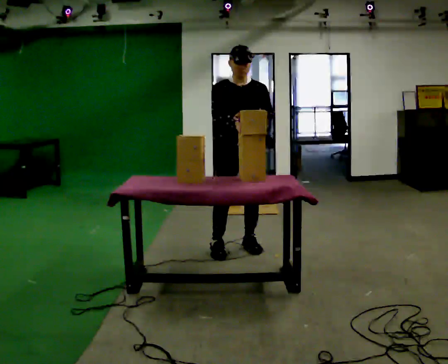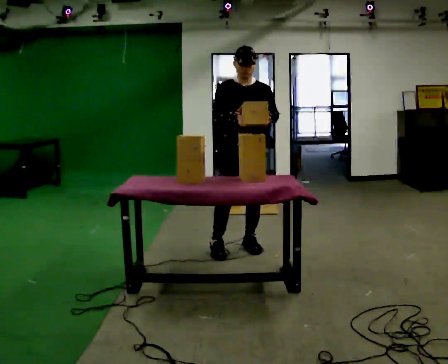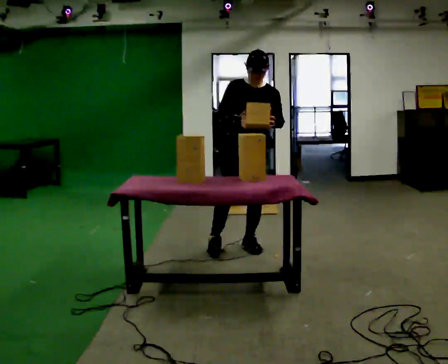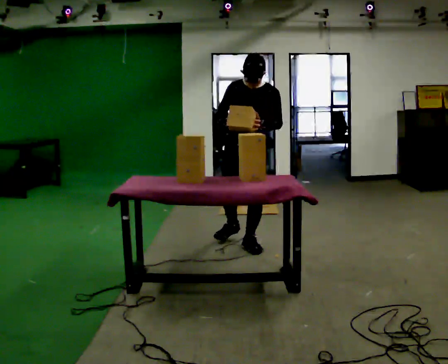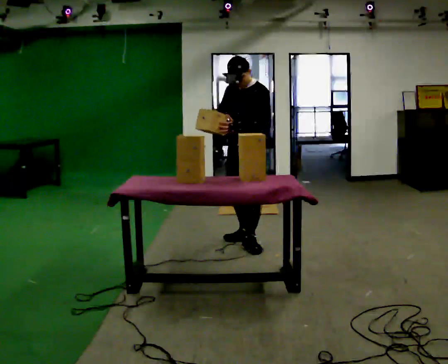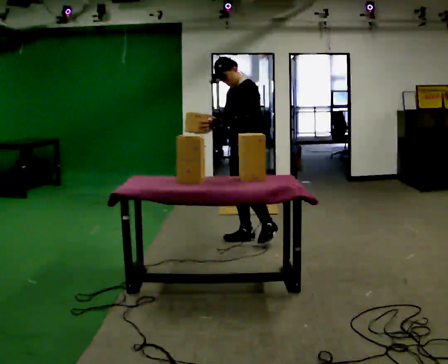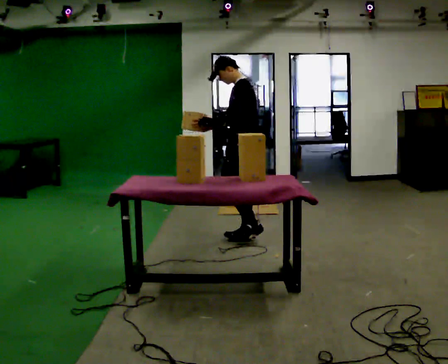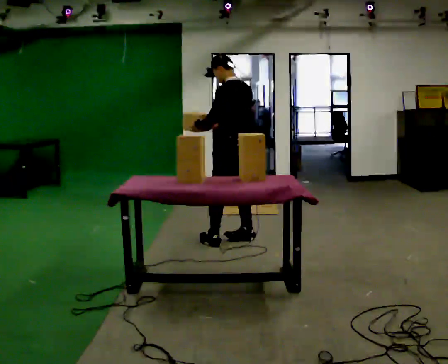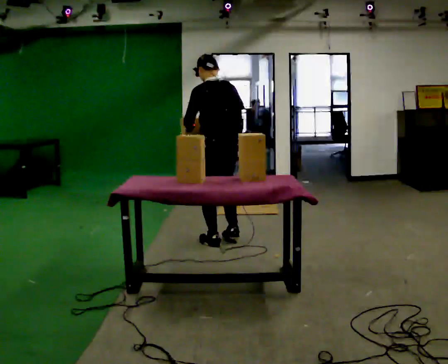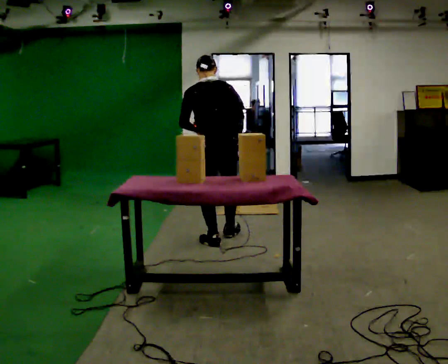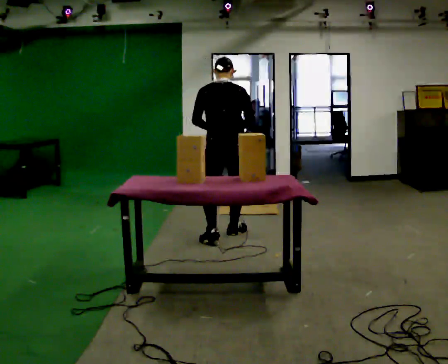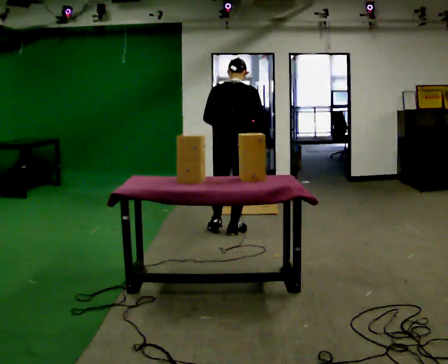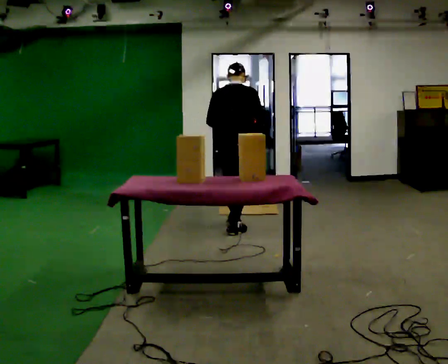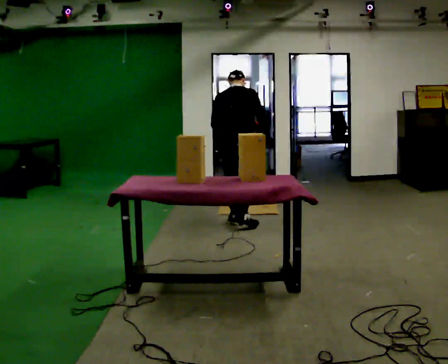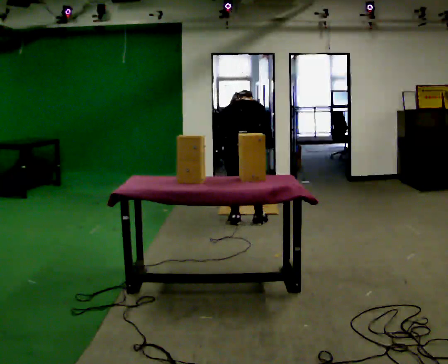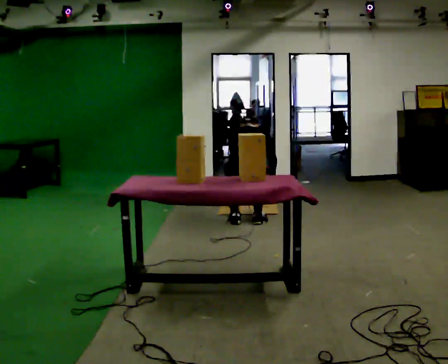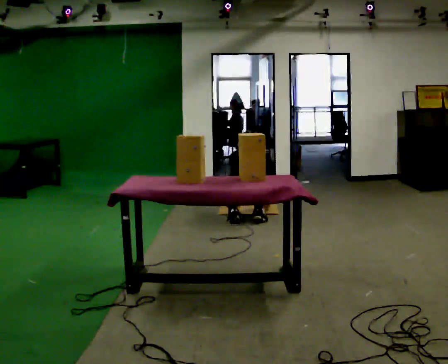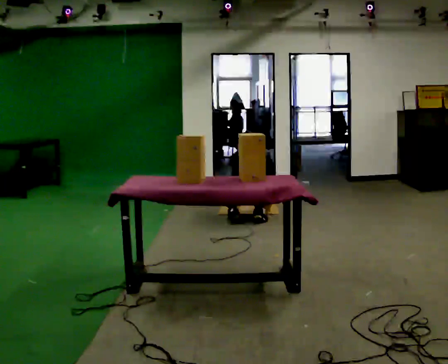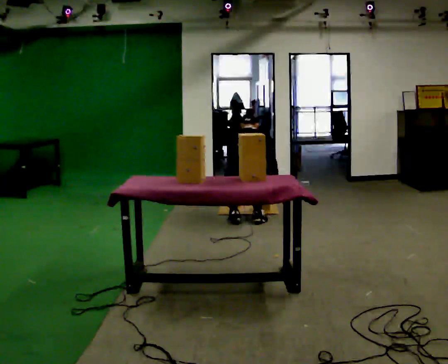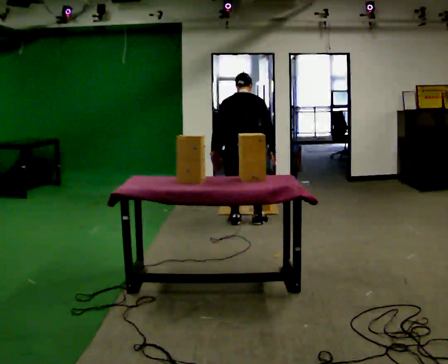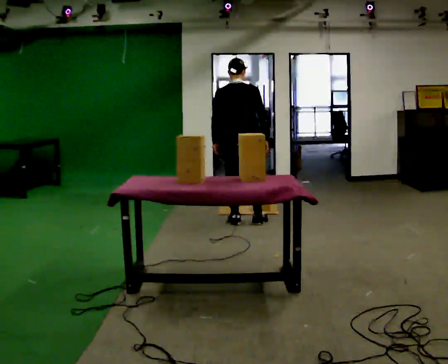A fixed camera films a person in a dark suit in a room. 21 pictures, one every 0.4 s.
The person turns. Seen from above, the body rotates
clockwise.
The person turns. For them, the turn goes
to their right.
0.0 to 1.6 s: The part of the body nearest the lens slides to the left as the person turns to their right by about 45 degrees. In the picture they go away from the camera, about 0.25 m in 1 step, which for them is backward and to their left.
1.6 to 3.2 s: The part of the body nearest the lens slides to the left as the person turns to their right by about 105 degrees. In the picture they go to the left, about 0.25 m in 1 step. In the picture their left hand goes to the left.
3.2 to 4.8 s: The part of the body nearest the lens slides to the left as the person turns to their right by about 60 degrees. In the picture they go away from the camera, about 0.5 m in 2 steps, which for them is forward.
4.8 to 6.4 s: In the picture they go away from the camera, about 0.25 m in 1 step, which for them is forward. The shoulders move downward. The upper body tips away from the camera, its near side rolling upward, as they bend forward. In the picture their right hand goes downward.
6.4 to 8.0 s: The upper body goes upward. The upper body tips toward the camera, its near side rolling downward, as they lean back or straighten. In the picture their left hand goes upward and to the left.
The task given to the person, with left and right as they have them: Carry the boxes over one at a time and lay them out on the pallet in the pattern the operator shows you. Keep going until the operator says stop; one object at a time, and do not rush between trips.
The film runs forward here.
